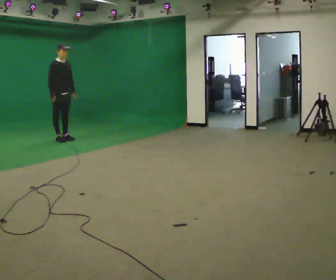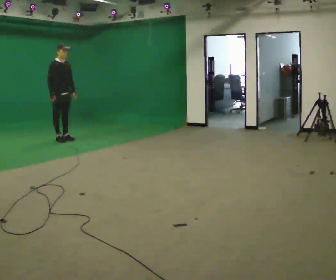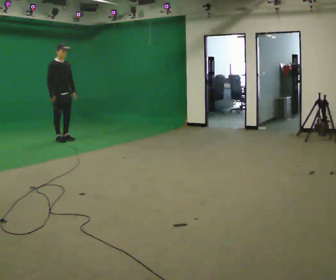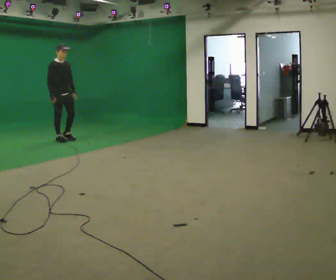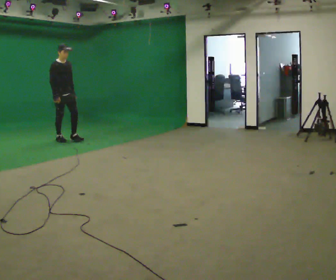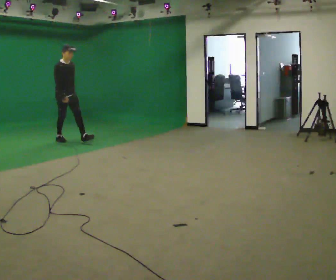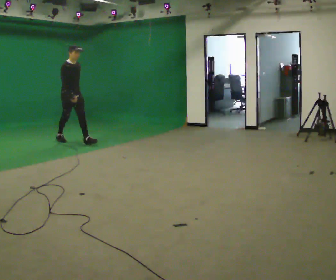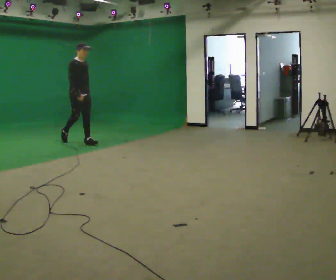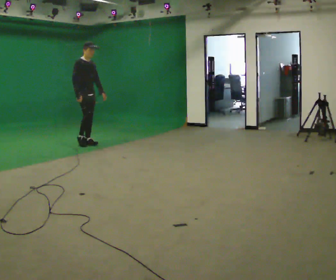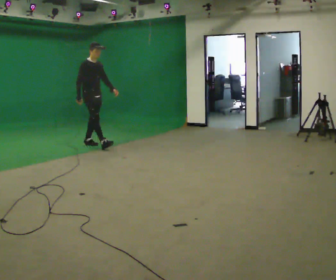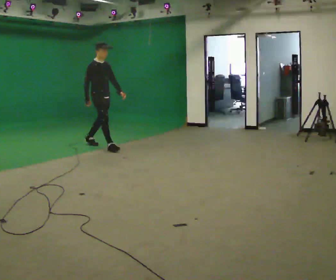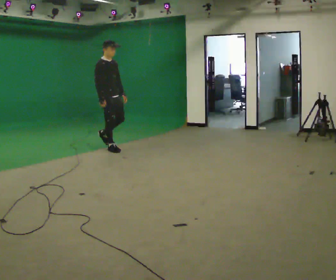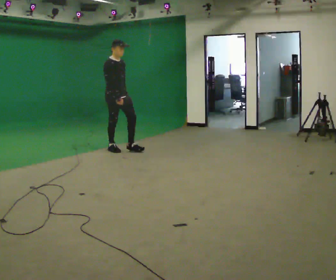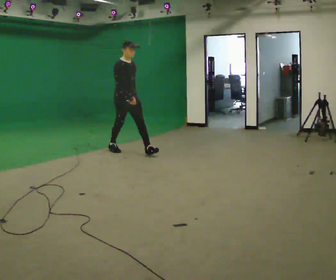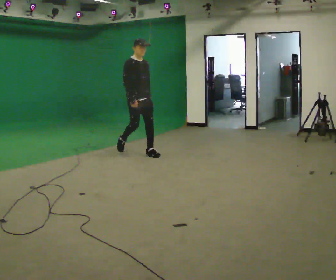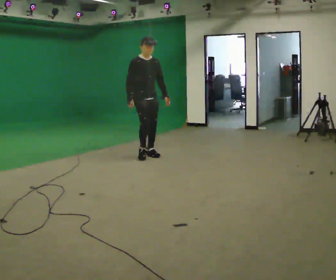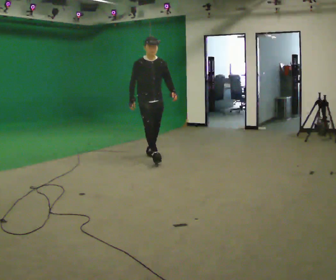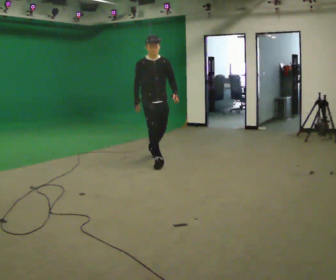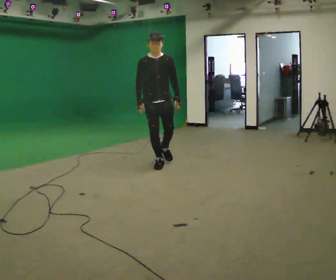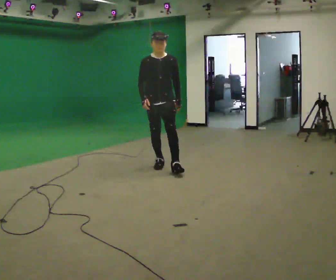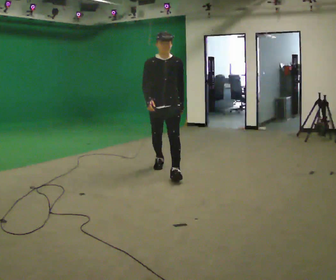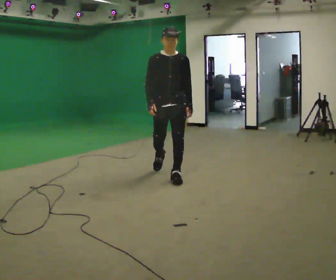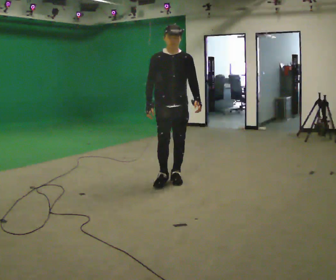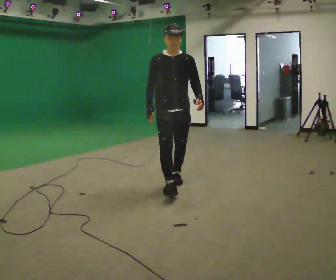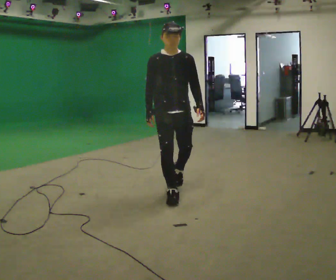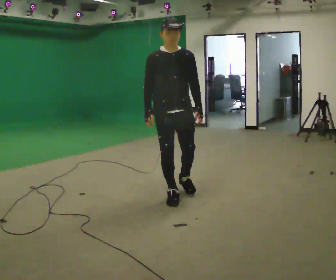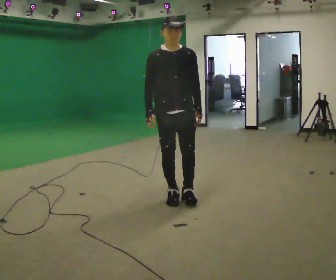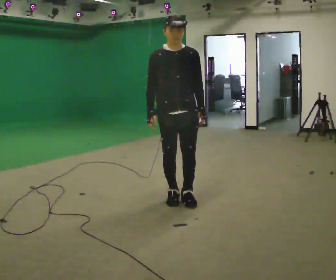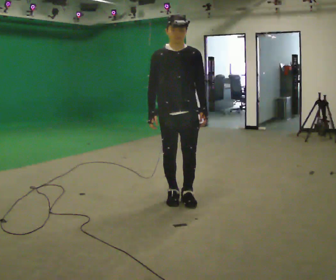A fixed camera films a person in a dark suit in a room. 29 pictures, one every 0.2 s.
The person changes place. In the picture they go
toward the camera.
0.0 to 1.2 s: In the picture they go to the right and toward the camera, about 0.25 m in 1 step, which for them is forward.
1.2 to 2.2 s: In the picture they go to the right and toward the camera, about 1 m in 1 step, which for them is forward.
2.2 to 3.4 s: Seen from above the body turns clockwise, about 45 degrees: to their right, with its near side sliding to the left. In the picture they go toward the camera and to the right, about 1 m in 2 steps, which for them is forward.
3.4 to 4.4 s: In the picture they go toward the camera, about 1 m in 1 step, which for them is forward.
4.4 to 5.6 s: In the picture they go toward the camera, about 0.75 m in 2 steps, which for them is forward.
The film runs forward here.
